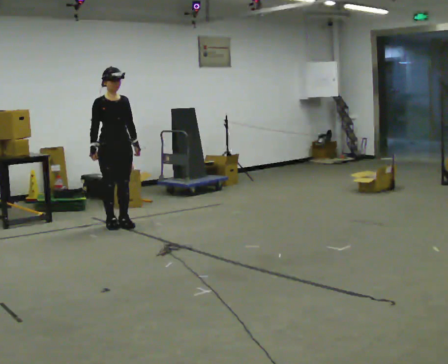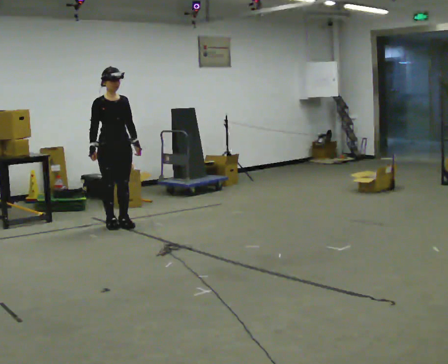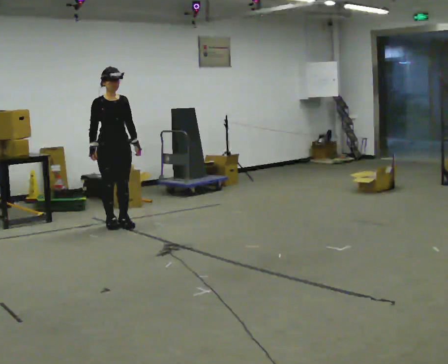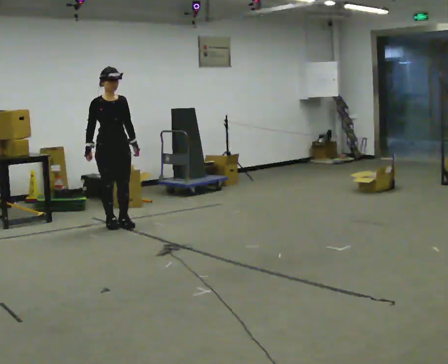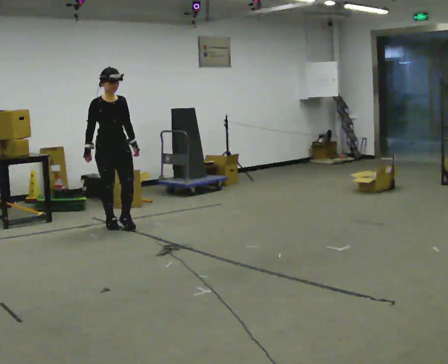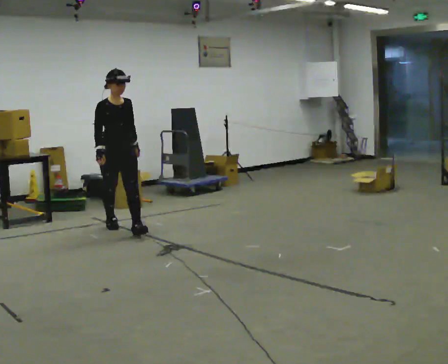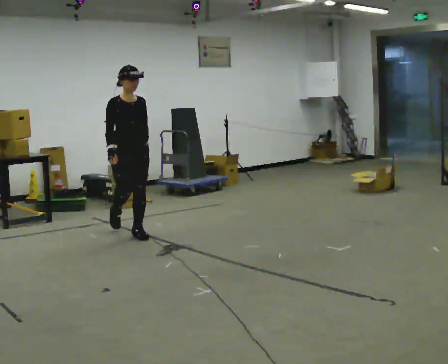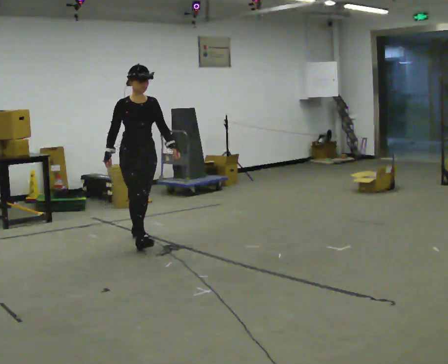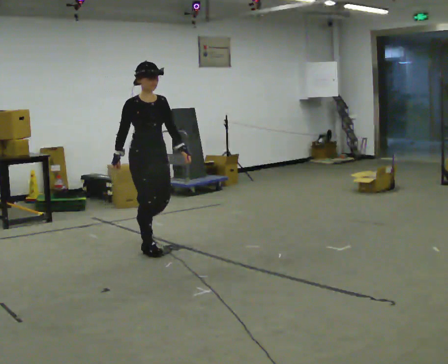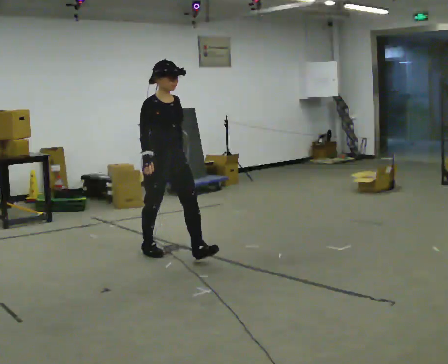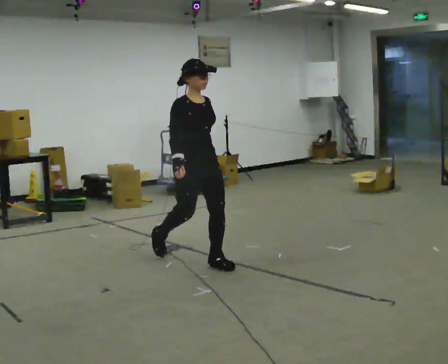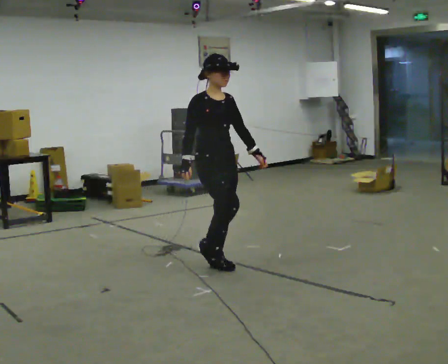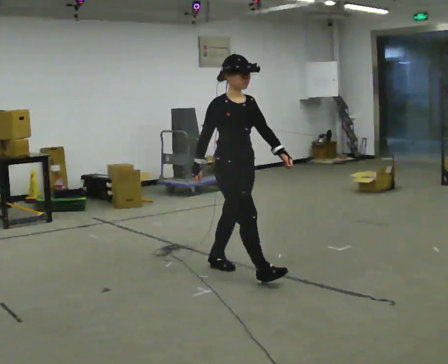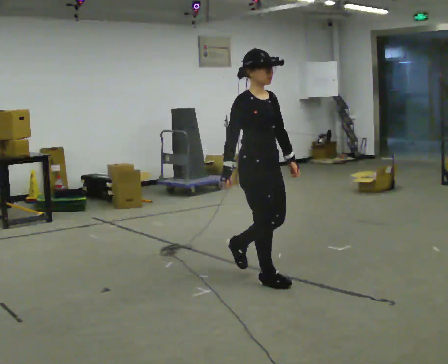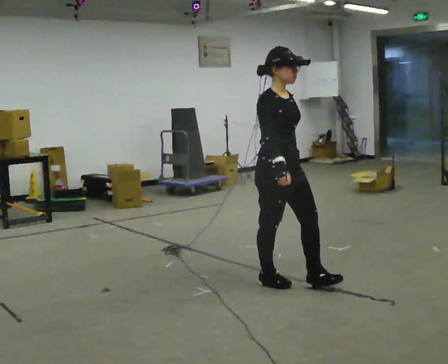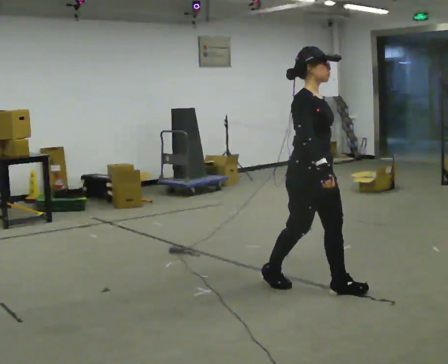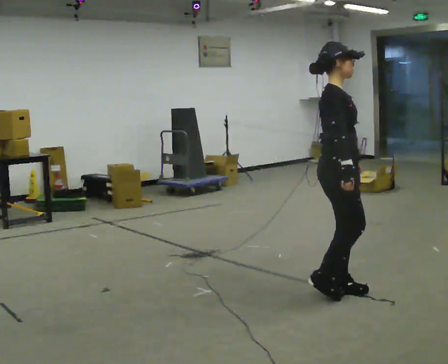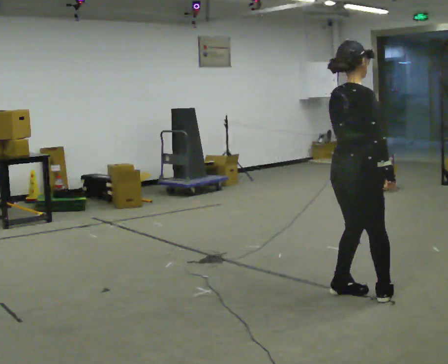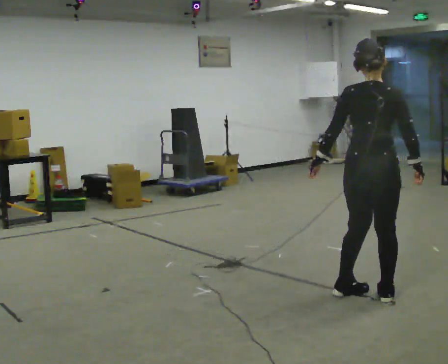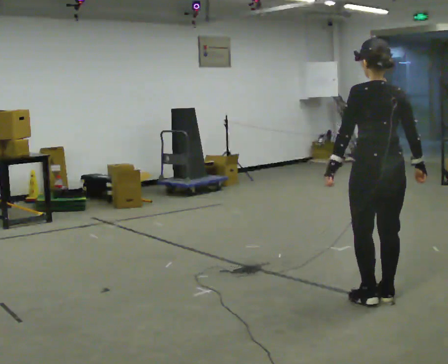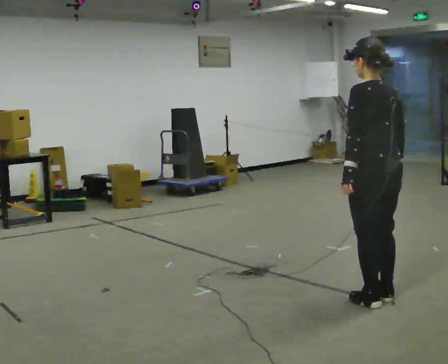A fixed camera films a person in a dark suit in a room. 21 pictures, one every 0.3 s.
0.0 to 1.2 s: The person moves a little, or ends about where they began.
1.2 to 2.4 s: In the picture they go toward the camera and to the right, about 1 m in 2 steps, which for them is forward.
2.4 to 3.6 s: In the picture they go toward the camera and to the right, about 1 m in 1 step, which for them is forward.
3.6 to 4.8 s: Seen from above the body turns counterclockwise, about 30 degrees: to their left, with its near side sliding to the right. In the picture they go to the right and toward the camera, about 1 m in 2 steps, which for them is forward.
4.8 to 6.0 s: Seen from above the body turns counterclockwise, about 135 degrees: to their left, with its near side sliding to the right. In the picture they go toward the camera and to the right, about 0.25 m in 2 steps.
The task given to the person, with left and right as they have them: Start at normal speed; gradually slow over several steps; stop gently.
The film runs forward here.
